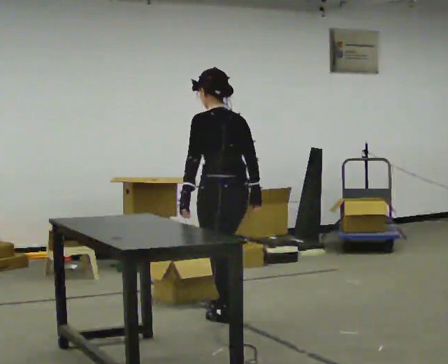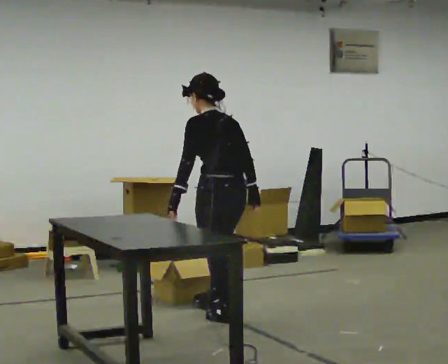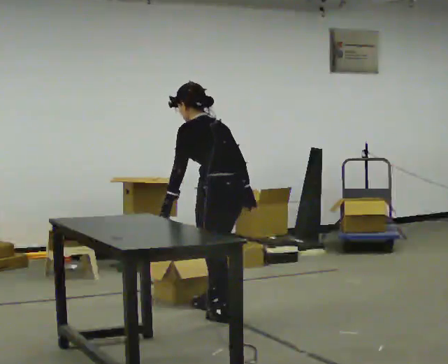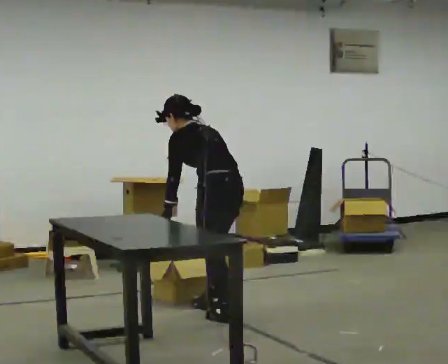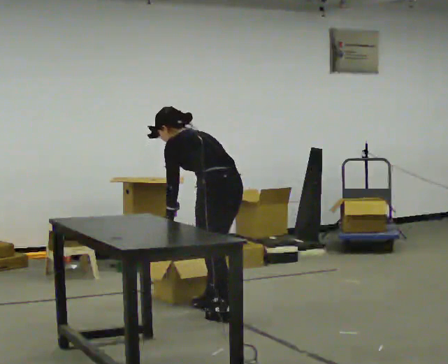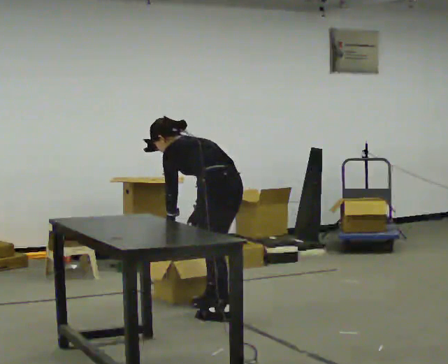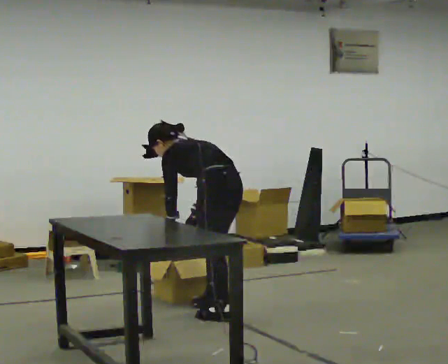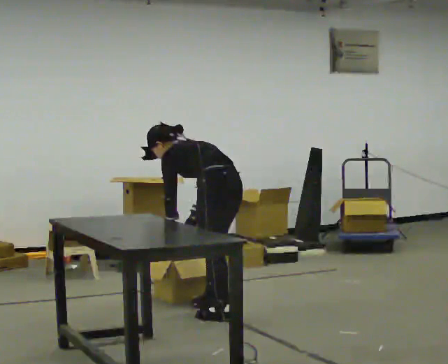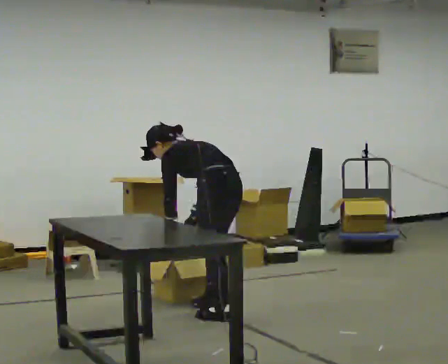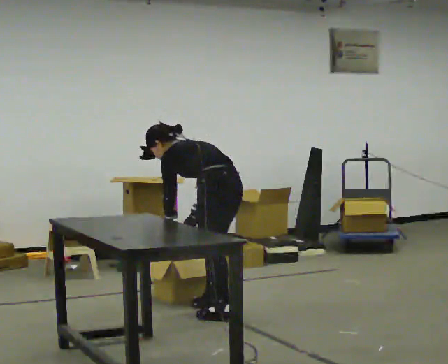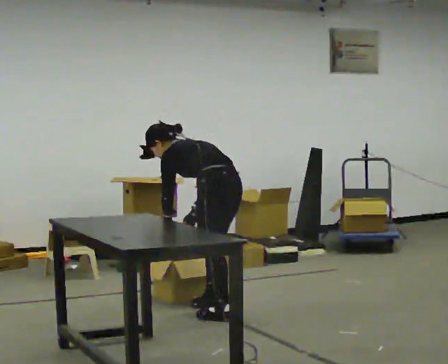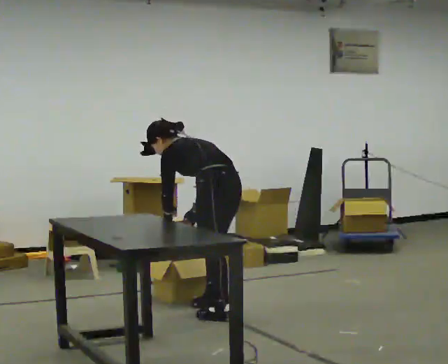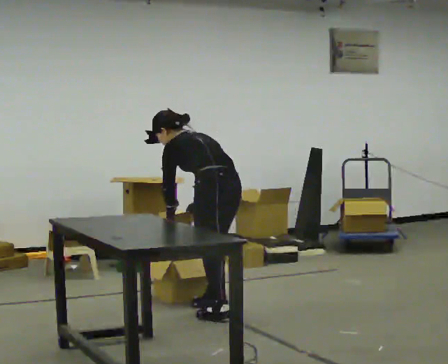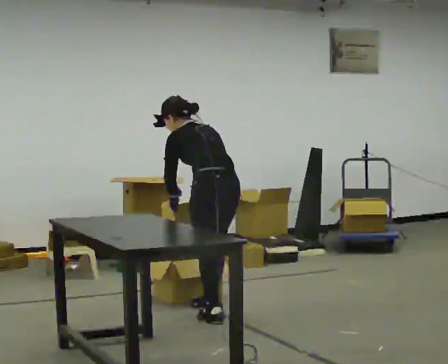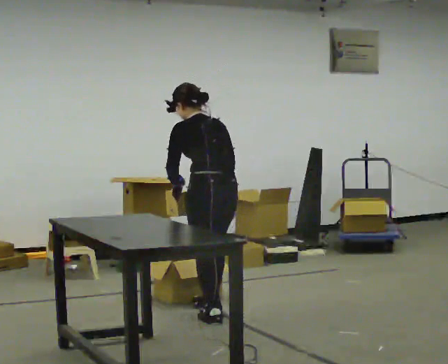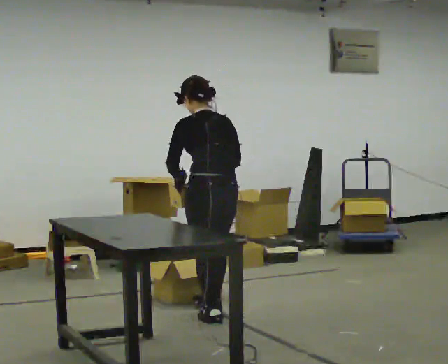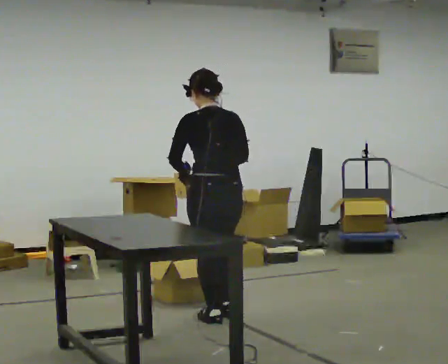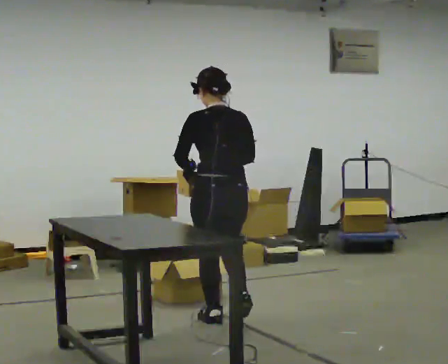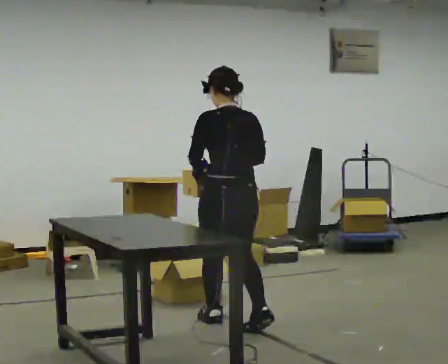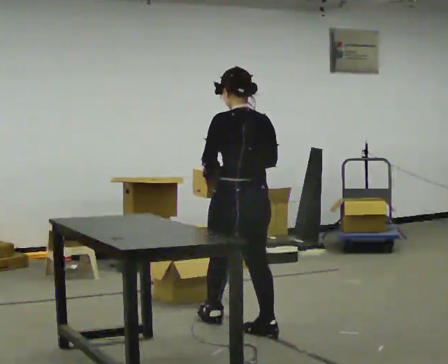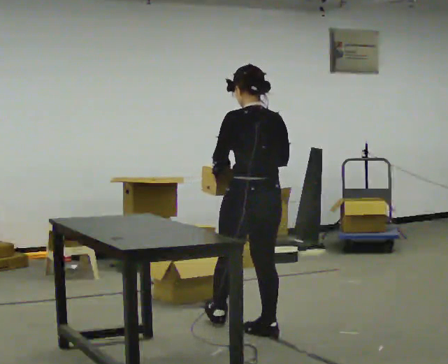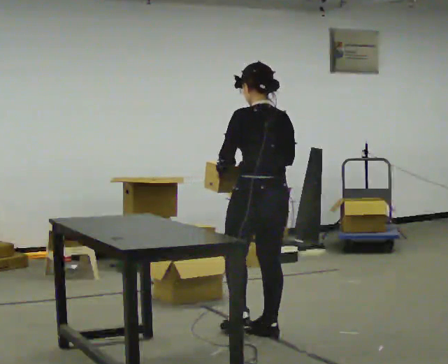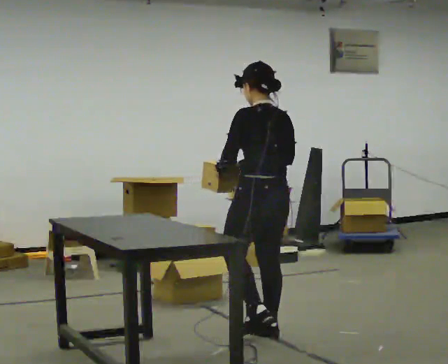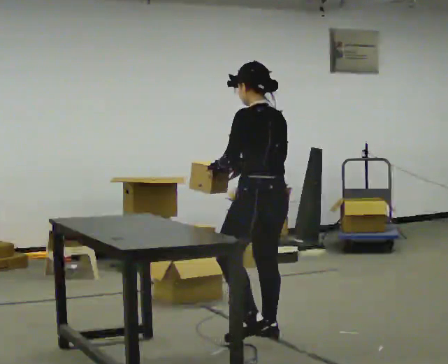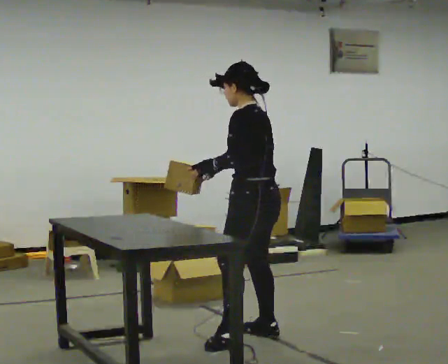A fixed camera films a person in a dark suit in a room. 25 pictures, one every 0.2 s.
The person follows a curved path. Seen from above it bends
counterclockwise.
0.0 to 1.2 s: In the picture they go away from the camera, about 0.25 m, which for them is to their right and forward. The shoulders move downward. In the picture the upper body tilts counterclockwise, shoulders to the left, as they bend forward.
1.2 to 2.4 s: The person moves a little, or ends about where they began.
2.4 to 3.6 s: The part of the body nearest the lens slides to the left as the person turns to their right by about 30 degrees. In the picture they go toward the camera, about 0.25 m in 1 step, which for them is backward and to their left. The shoulders move upward. In the picture the upper body tilts clockwise, shoulders to the right, as they lean back or straighten. In the picture their right hand goes upward.
3.6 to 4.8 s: The person turns about 45 degrees to their left, counterclockwise seen from above, so the part of the body nearest the lens slides to the right. In the picture they go toward the camera and to the right, about 0.25 m in 1 step, which for them is backward.
The film runs backward here.
